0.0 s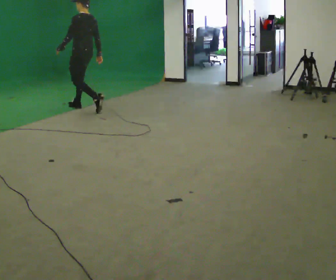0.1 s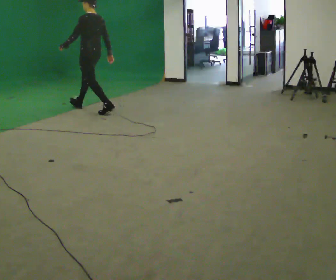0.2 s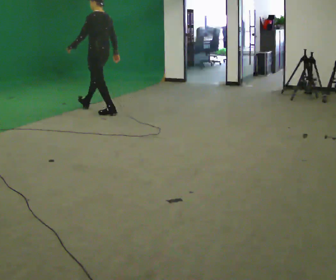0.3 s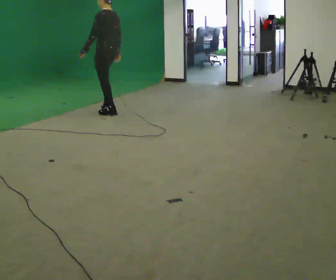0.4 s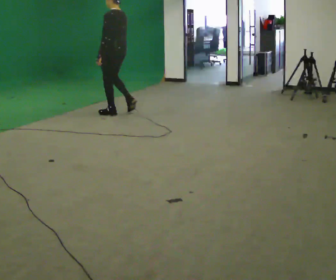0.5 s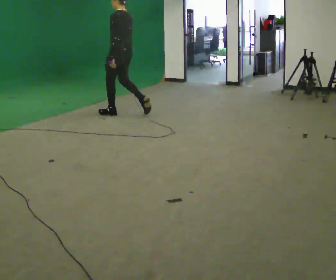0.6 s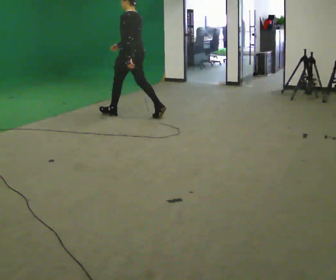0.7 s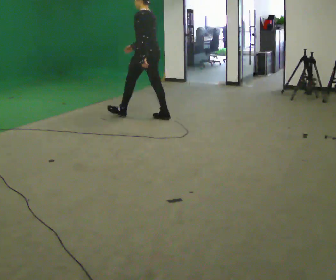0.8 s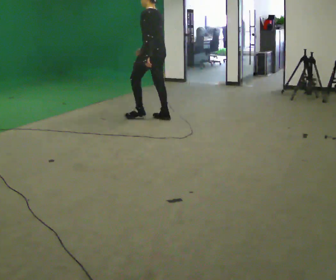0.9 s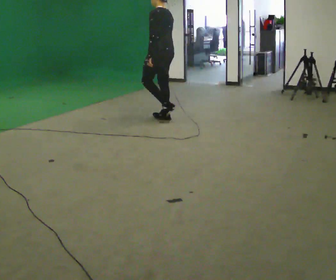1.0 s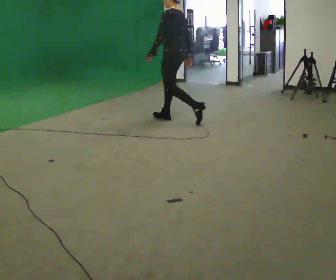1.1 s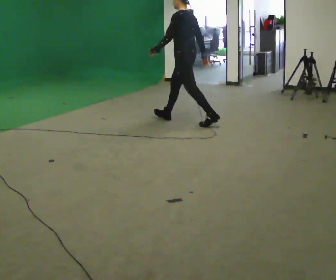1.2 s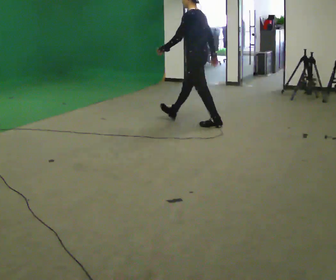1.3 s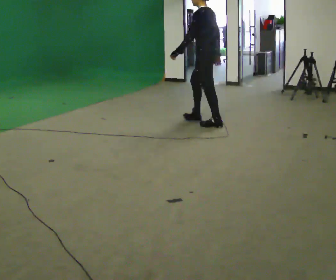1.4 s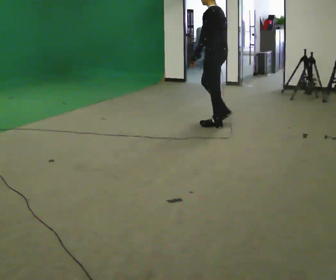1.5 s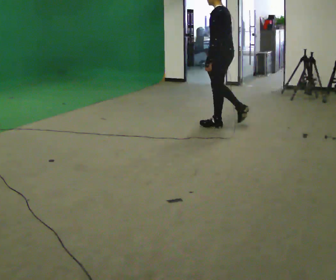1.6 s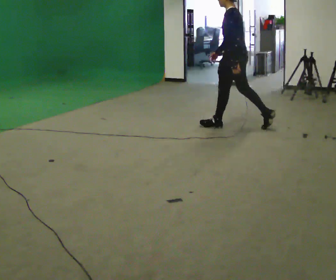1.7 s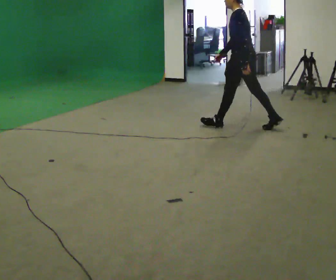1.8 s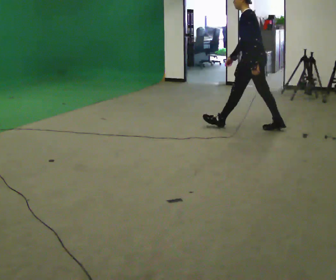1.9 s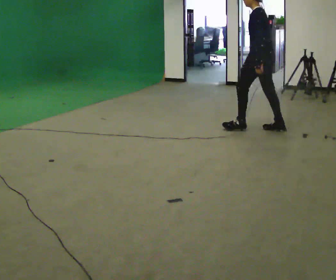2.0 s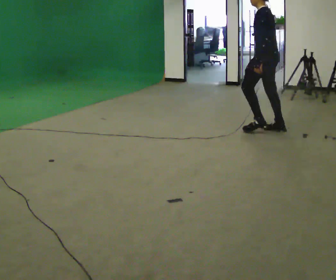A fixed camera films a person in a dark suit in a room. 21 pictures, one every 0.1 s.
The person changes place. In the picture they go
to the right.
0.0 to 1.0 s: In the picture they go to the right and toward the camera, about 1.5 m in 2 steps, which for them is backward.
1.0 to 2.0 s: In the picture they go to the right and toward the camera, about 1 m in 2 steps, which for them is backward.
The film runs backward here.
